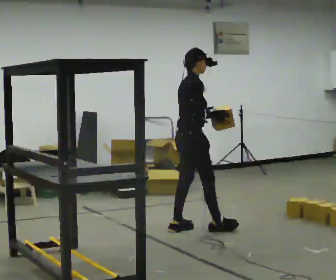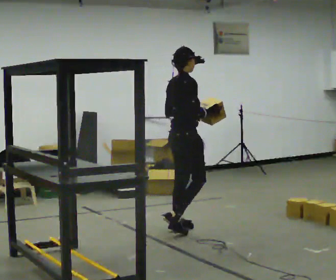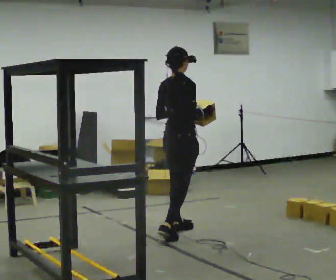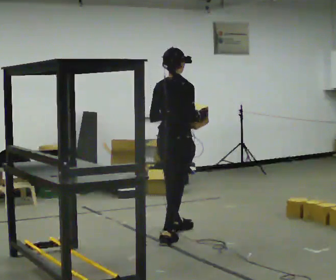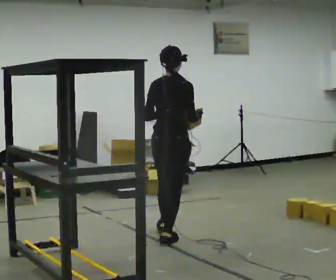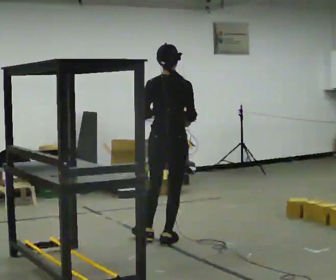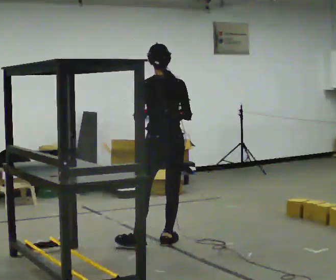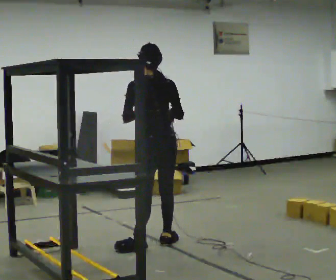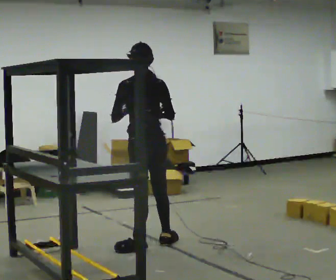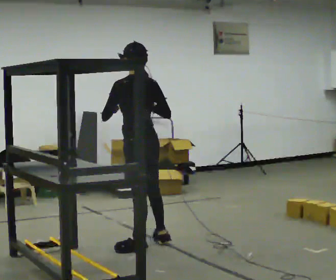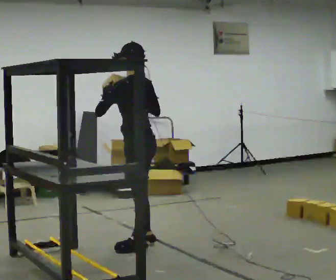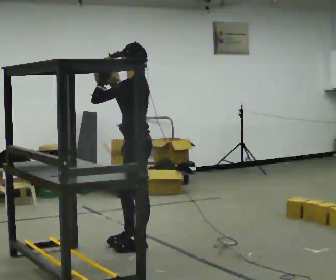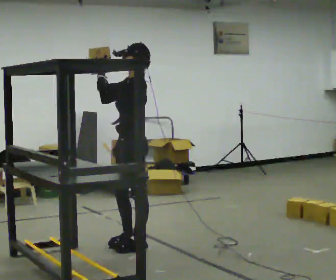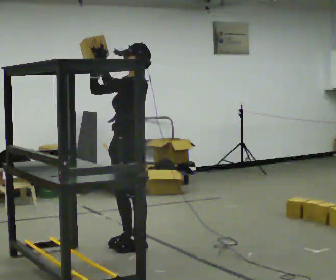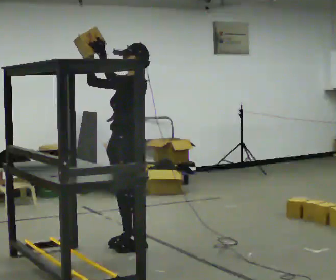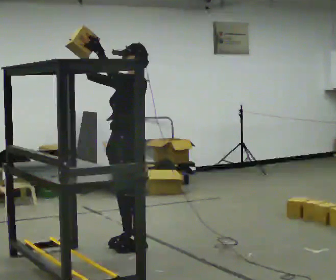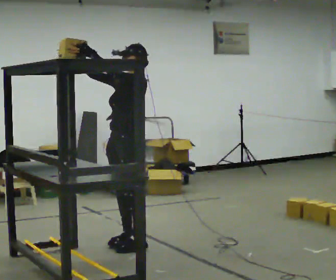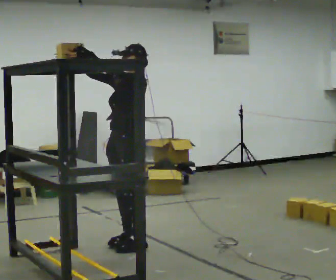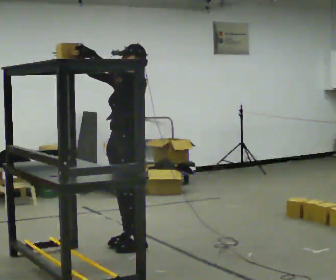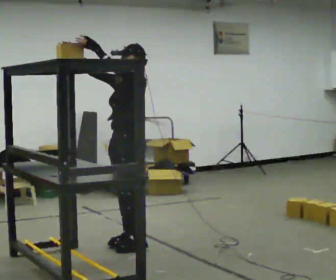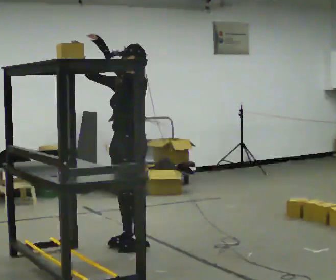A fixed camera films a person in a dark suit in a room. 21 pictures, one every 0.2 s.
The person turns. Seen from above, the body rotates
counterclockwise.
The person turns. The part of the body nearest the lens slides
to the right.
0.0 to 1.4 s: The part of the body nearest the lens slides to the right as the person turns to their left by about 105 degrees. In the picture they go toward the camera and to the left, about 0.5 m in 1 step.
1.4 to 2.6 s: The person turns about 75 degrees to their left, counterclockwise seen from above, so the part of the body nearest the lens slides to the right. In the picture they go to the left, about 0.25 m in 1 step. In the picture their right hand goes to the left and upward.
2.6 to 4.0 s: The person moves a little, or ends about where they began.
The film runs backward here.
